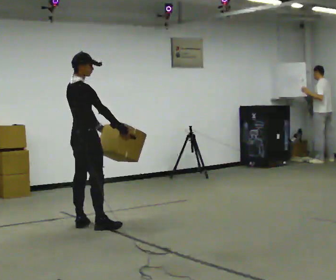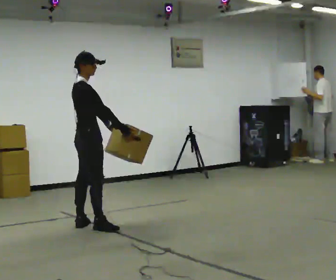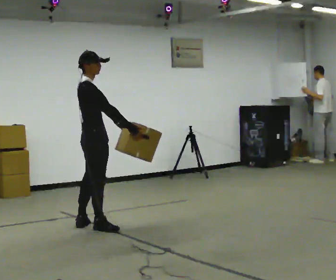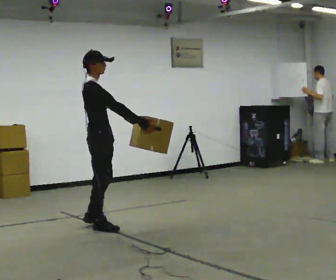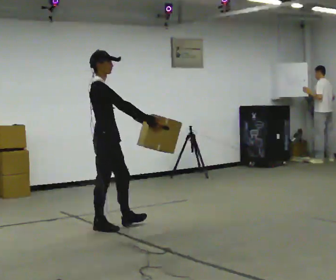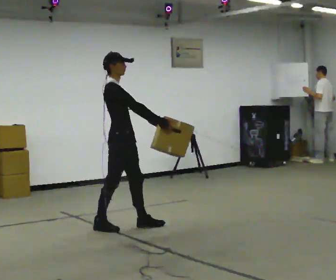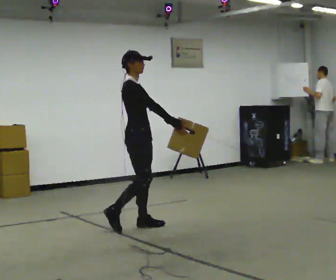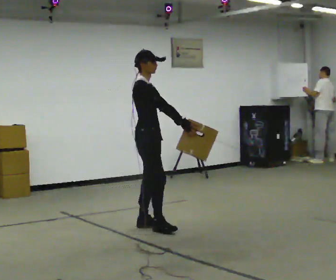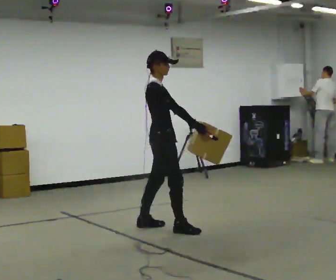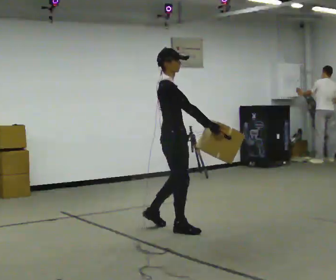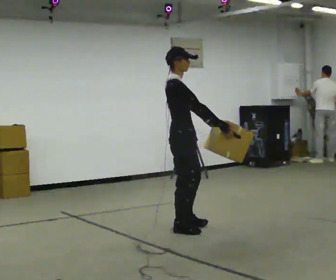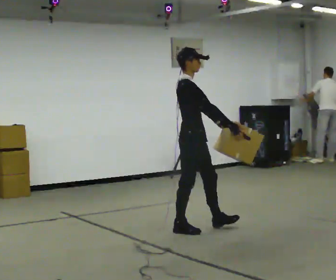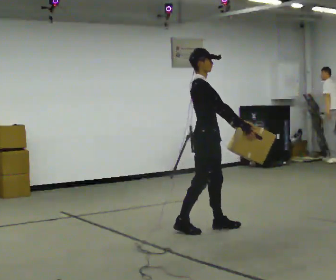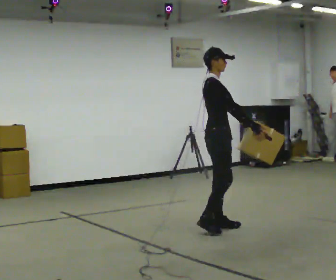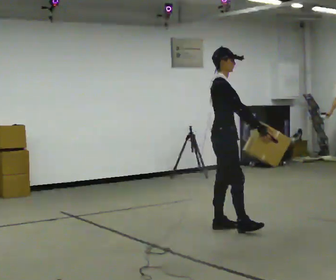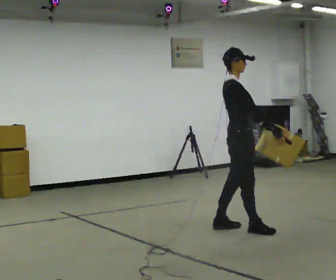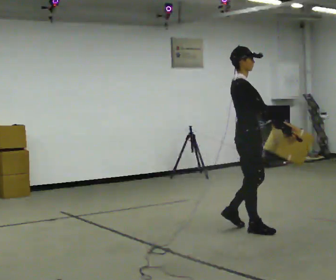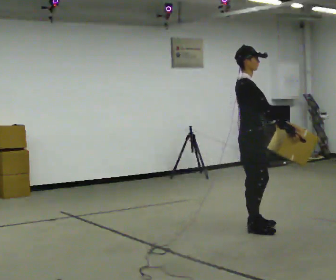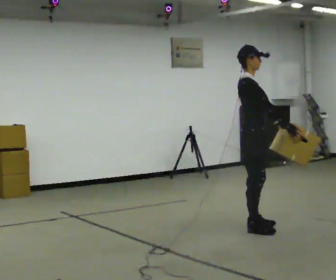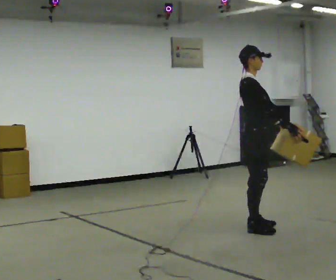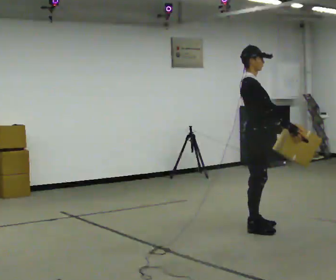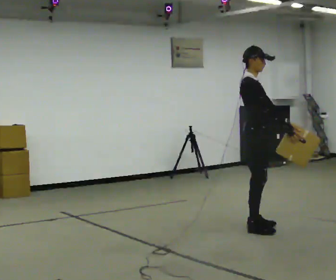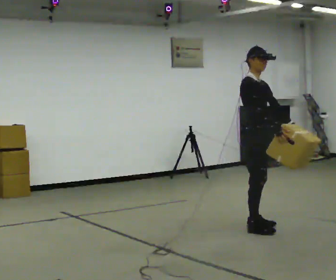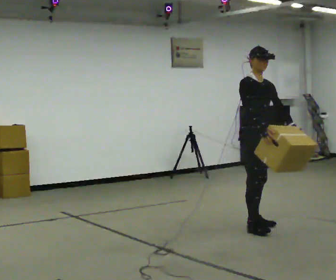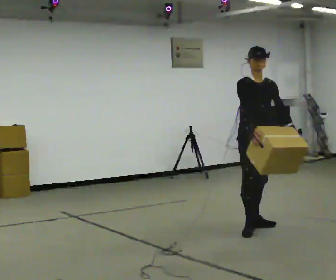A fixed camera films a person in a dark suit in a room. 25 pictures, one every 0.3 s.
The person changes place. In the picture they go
to the right.
0.0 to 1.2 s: In the picture they go to the right, about 0.25 m, which for them is to their right and forward.
1.2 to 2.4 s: In the picture they go to the right, about 0.5 m in 2 steps, which for them is forward.
2.4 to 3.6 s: In the picture they go to the right, about 0.5 m in 1 step, which for them is forward.
3.6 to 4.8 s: In the picture they go to the right, about 0.5 m in 1 step, which for them is forward.
4.8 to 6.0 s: The person moves a little, or ends about where they began.
6.0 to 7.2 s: The person turns about 60 degrees to their right, clockwise seen from above, so the part of the body nearest the lens slides to the left. In the picture their right hand goes to the left, the arm swinging clockwise.
The film runs forward here.
